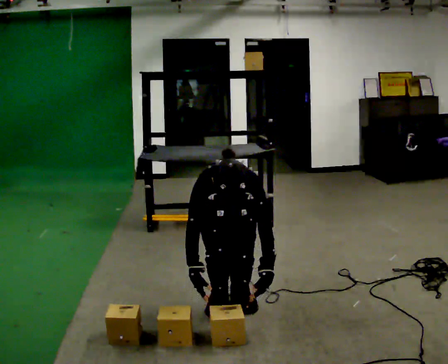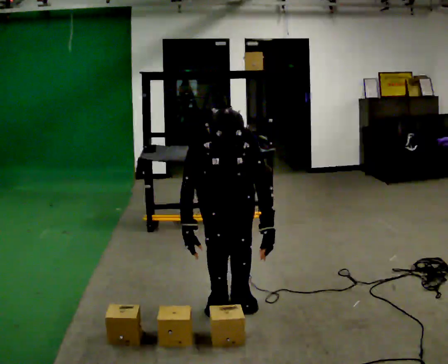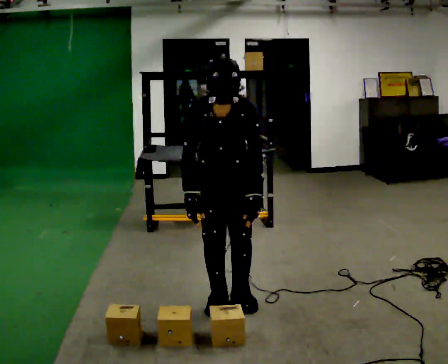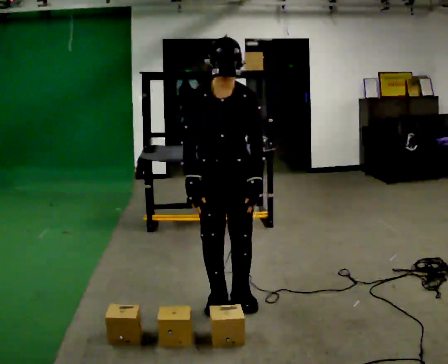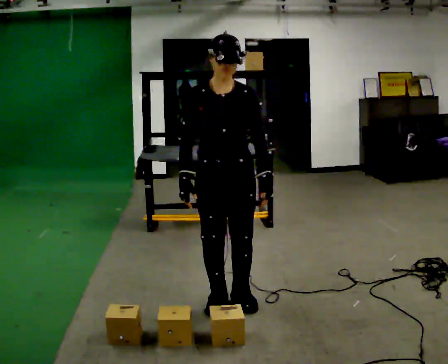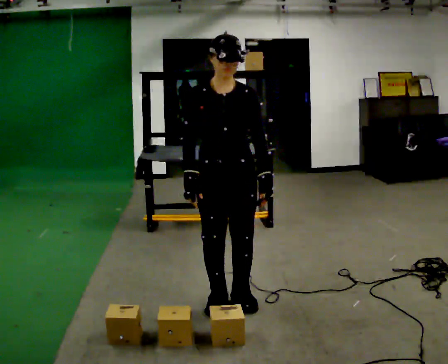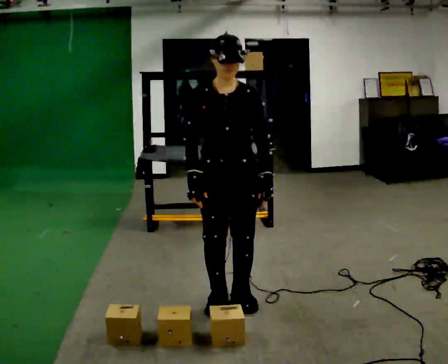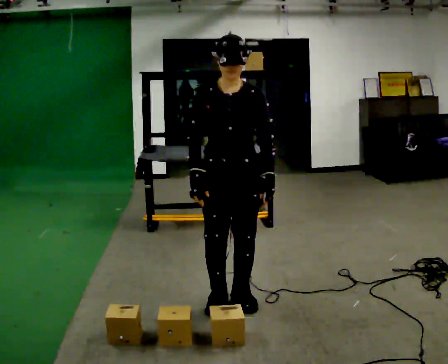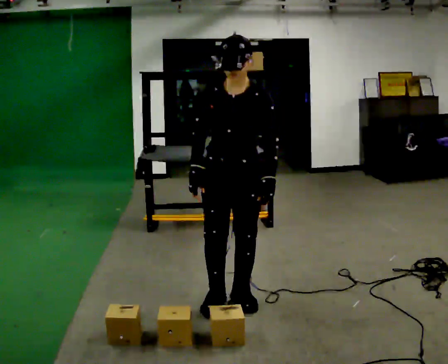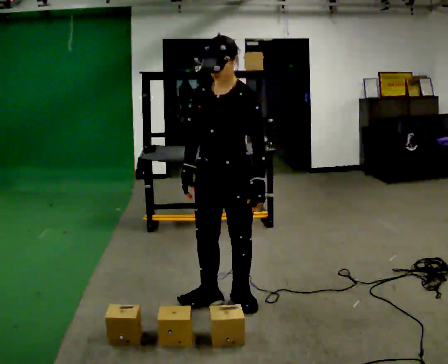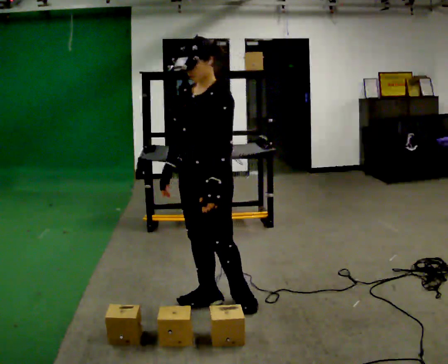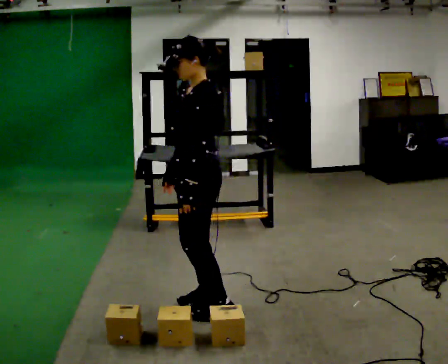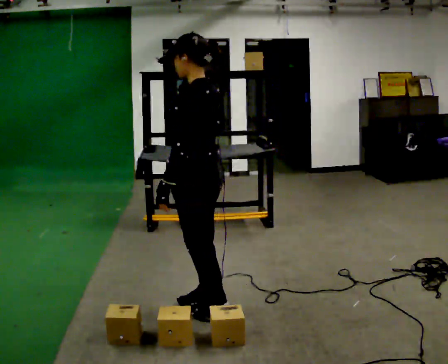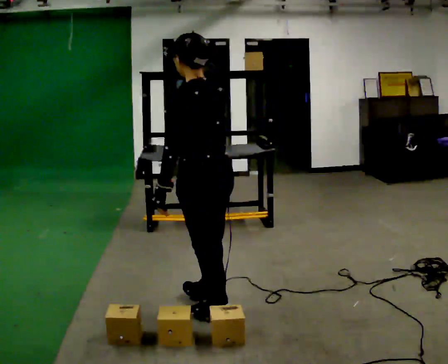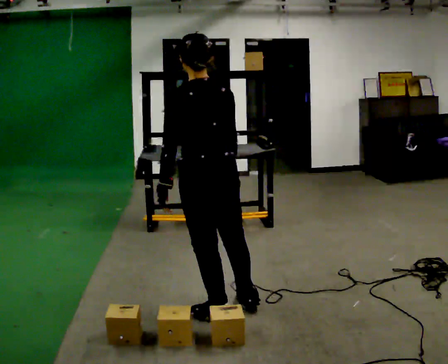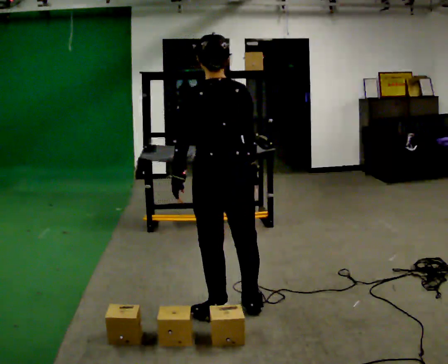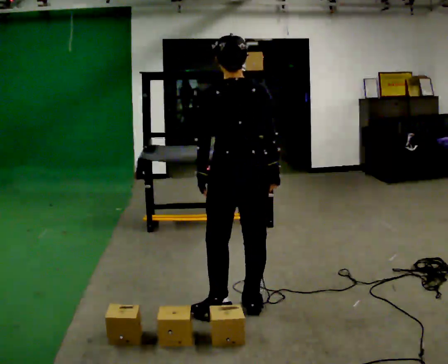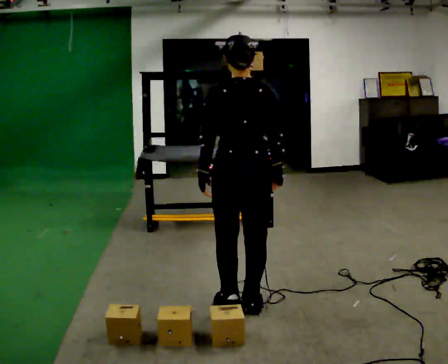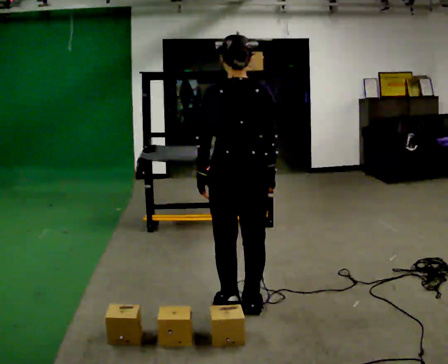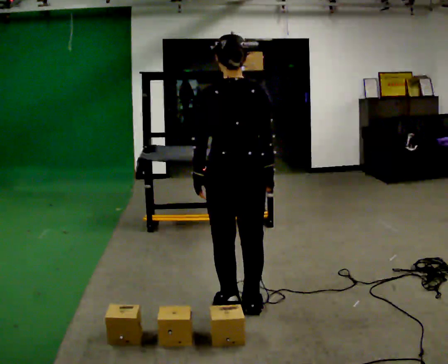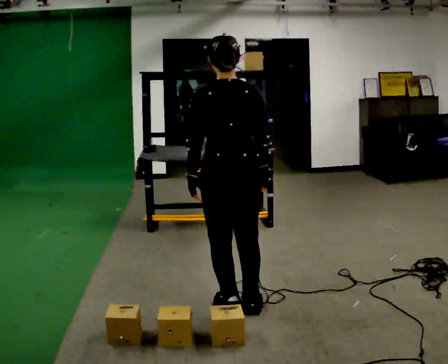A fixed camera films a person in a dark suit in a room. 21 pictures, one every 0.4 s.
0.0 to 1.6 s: The shoulders move upward. The upper body tips away from the camera, its near side rolling upward, as they lean back or straighten. In the picture their left hand goes upward.
1.6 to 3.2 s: The person moves a little, or ends about where they began.
3.2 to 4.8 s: Seen from above the body turns clockwise, about 90 degrees: to their right, with its near side sliding to the left. In the picture they go to the left, about 0.25 m in 1 step.
4.8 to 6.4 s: Seen from above the body turns clockwise, about 60 degrees: to their right, with its near side sliding to the left. In the picture they go to the right, about 0.25 m in 1 step. In the picture their right hand goes to the right.
6.4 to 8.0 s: The person moves a little, or ends about where they began.
The film runs forward here.
